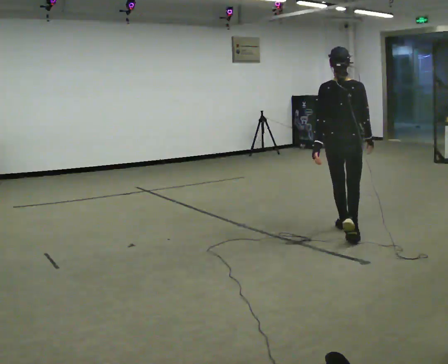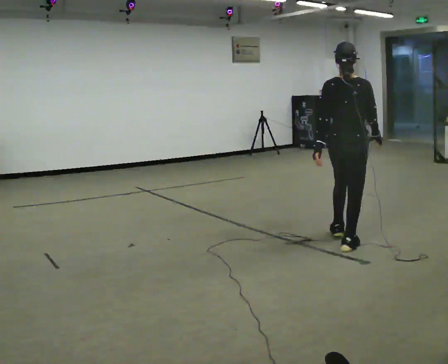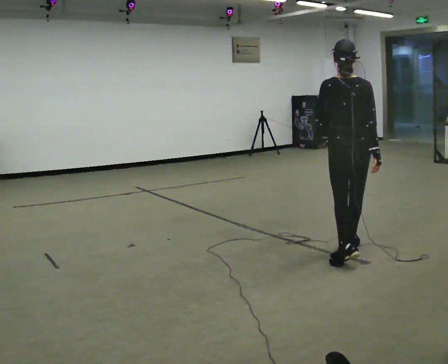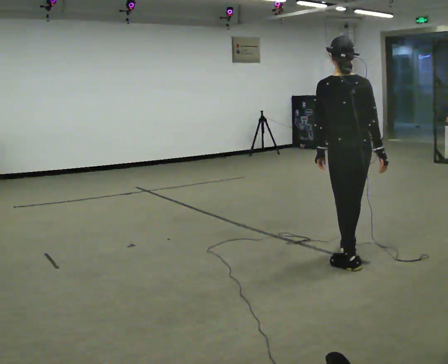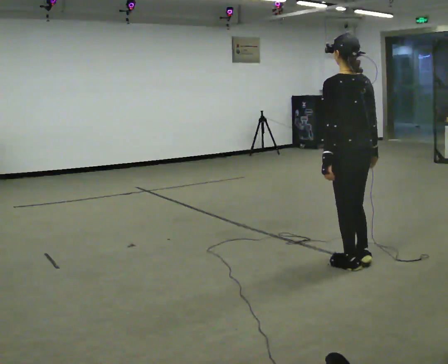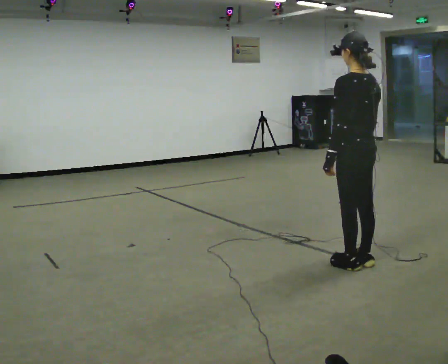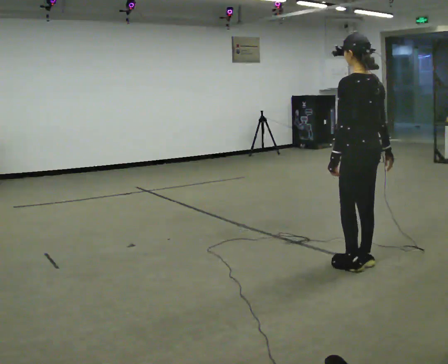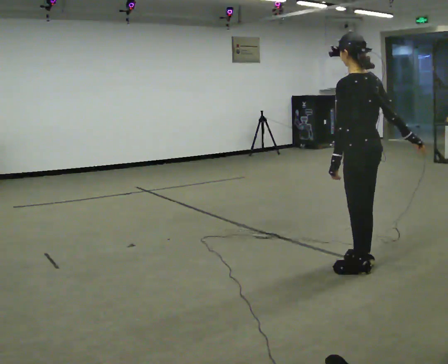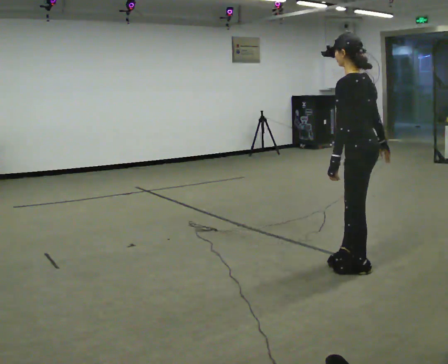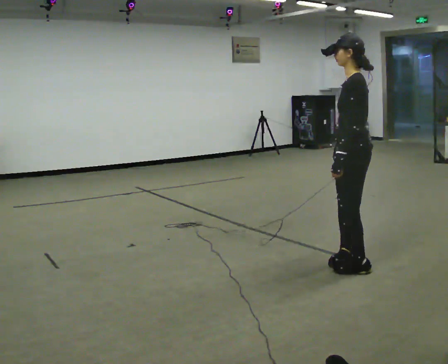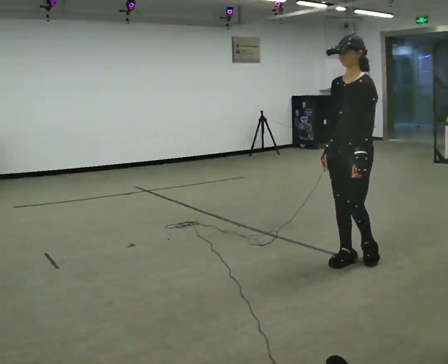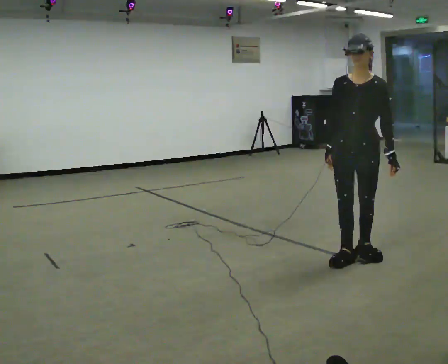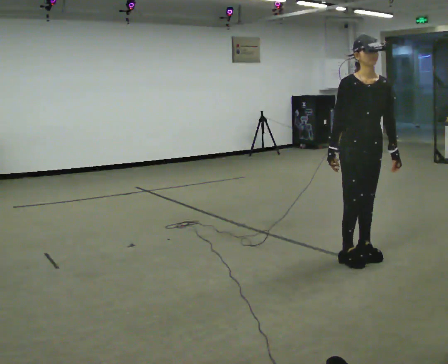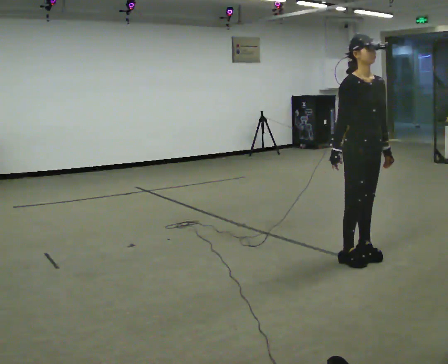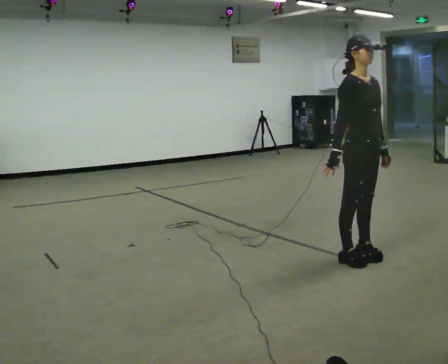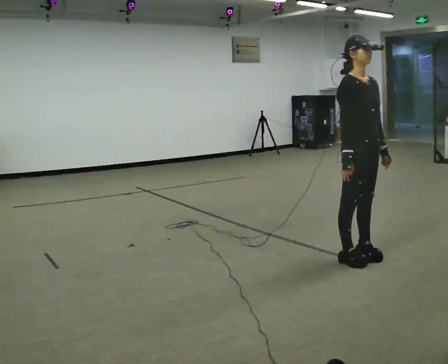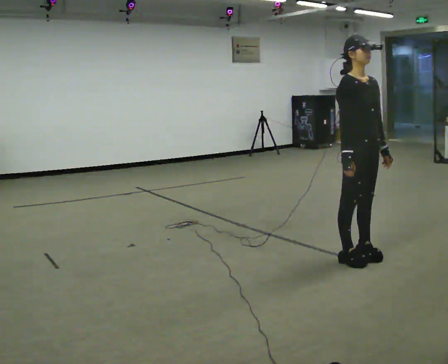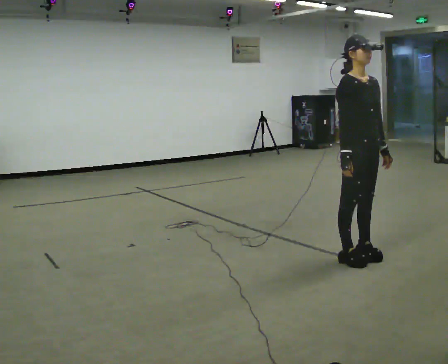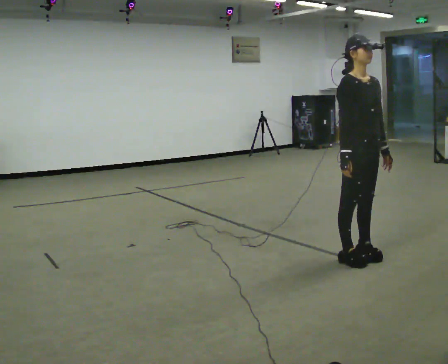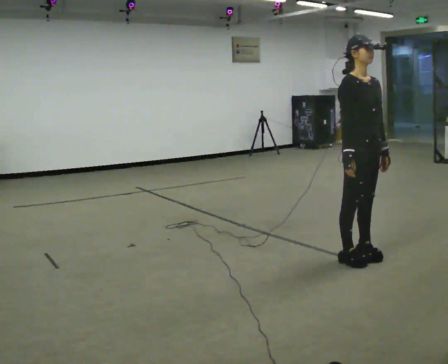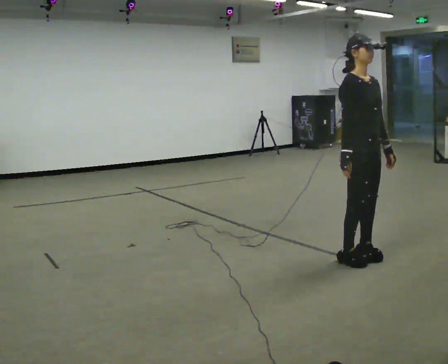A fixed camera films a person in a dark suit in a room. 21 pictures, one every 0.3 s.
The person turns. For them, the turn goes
to their left.
The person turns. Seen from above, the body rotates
counterclockwise.
0.0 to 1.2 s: The person turns about 30 degrees to their left, counterclockwise seen from above, so the part of the body nearest the lens slides to the right. In the picture they go toward the camera, about 1 m in 2 steps, which for them is backward.
1.2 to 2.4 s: Seen from above the body turns counterclockwise, about 30 degrees: to their left, with its near side sliding to the right.
2.4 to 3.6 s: The person turns about 135 degrees to their left, counterclockwise seen from above, so the part of the body nearest the lens slides to the right. In the picture they go away from the camera, about 0.25 m in 1 step. In the picture their right hand goes to the left, the arm swinging clockwise.
3.6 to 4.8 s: The person turns about 30 degrees to their left, counterclockwise seen from above, so the part of the body nearest the lens slides to the right.
4.8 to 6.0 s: The person moves a little, or ends about where they began.
The film runs backward here.
